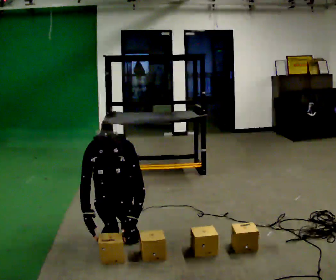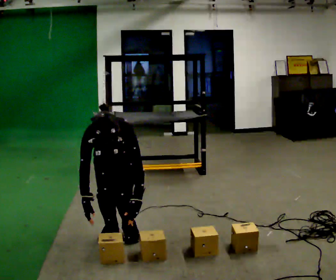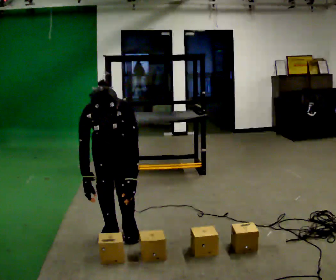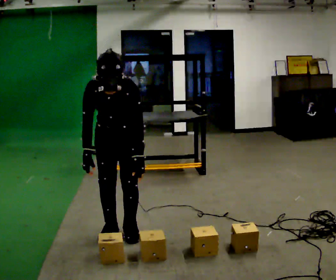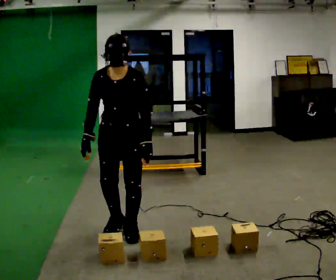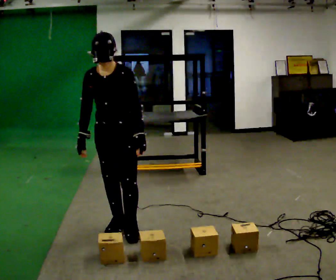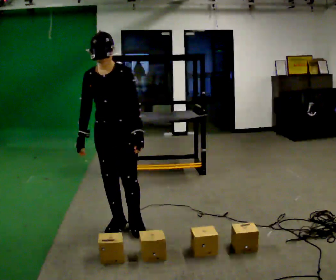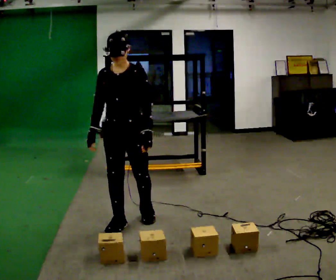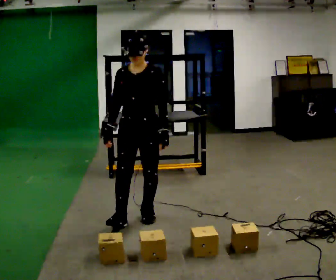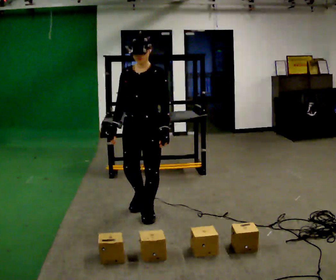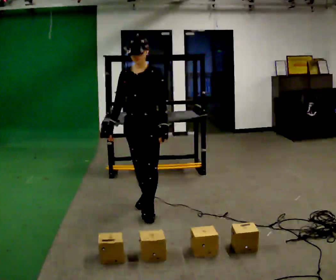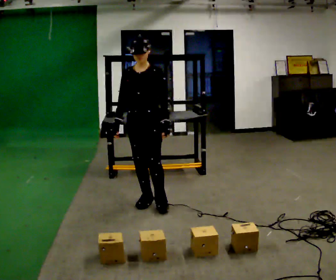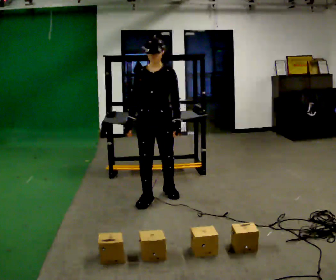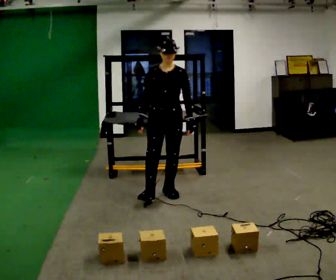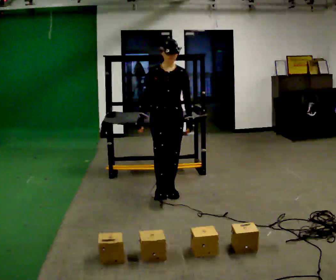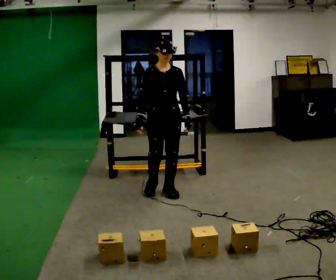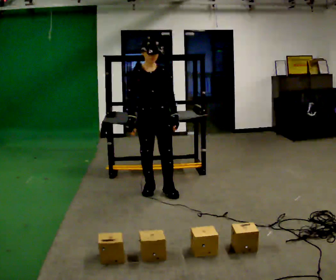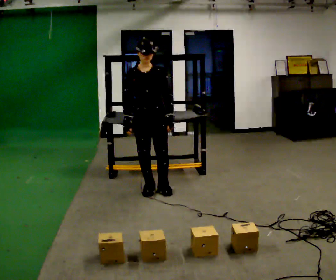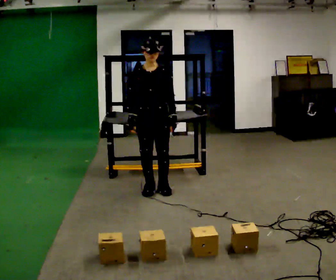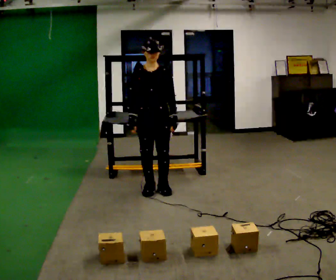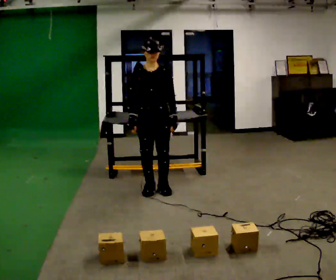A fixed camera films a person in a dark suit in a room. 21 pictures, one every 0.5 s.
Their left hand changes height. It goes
upward.
The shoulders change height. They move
upward.
0.0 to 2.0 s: The upper body goes upward. The upper body tips away from the camera, its near side rolling upward, as they lean back or straighten. In the picture their right hand goes upward.
2.0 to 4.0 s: In the picture they go away from the camera, about 0.25 m in 1 step, which for them is backward. The upper body tips away from the camera, its near side rolling upward, as they lean back or straighten.
4.0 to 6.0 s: In the picture they go away from the camera, about 0.5 m in 2 steps, which for them is backward.
6.0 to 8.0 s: In the picture they go away from the camera, about 0.25 m in 1 step, which for them is backward.
8.0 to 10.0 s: The person moves a little, or ends about where they began.
The film runs backward here.
